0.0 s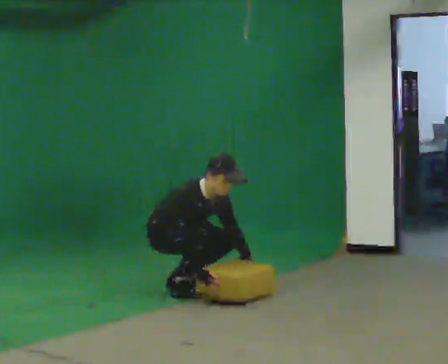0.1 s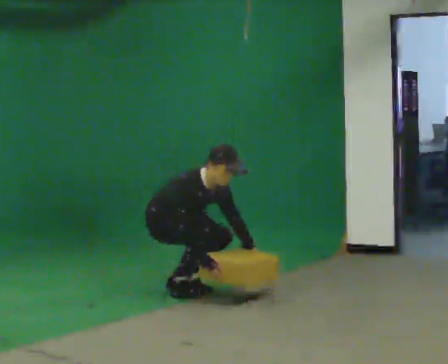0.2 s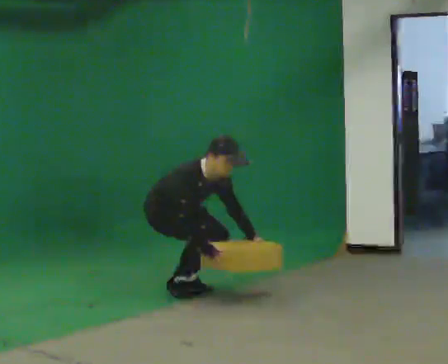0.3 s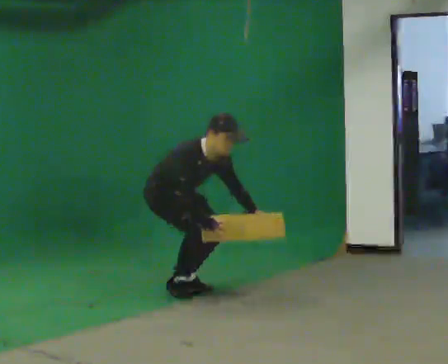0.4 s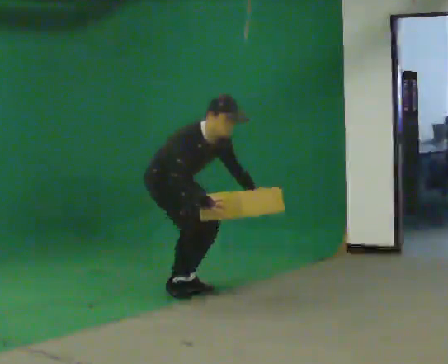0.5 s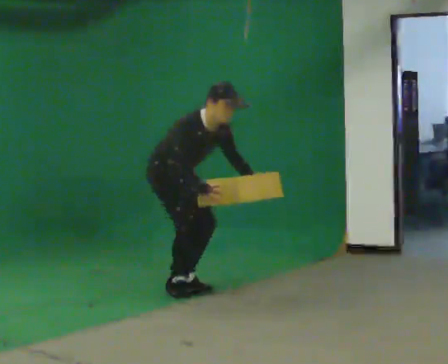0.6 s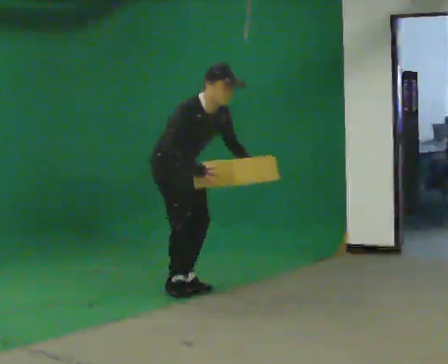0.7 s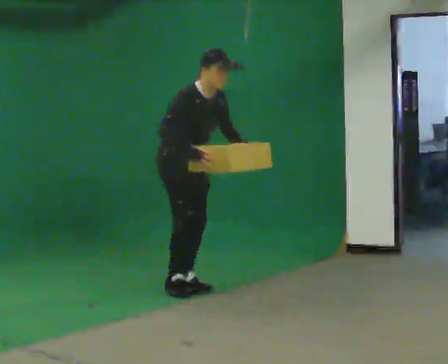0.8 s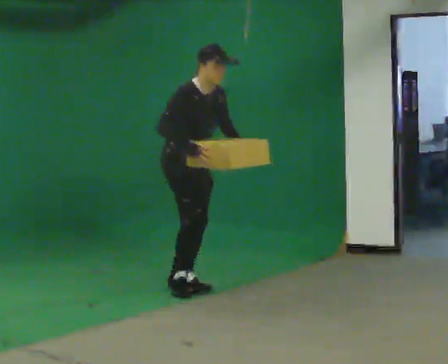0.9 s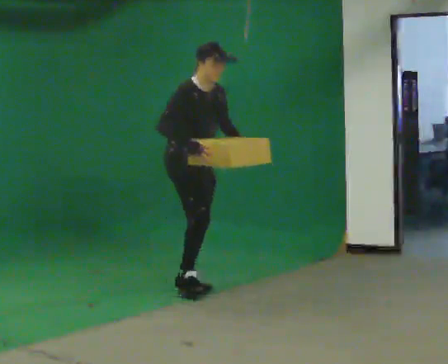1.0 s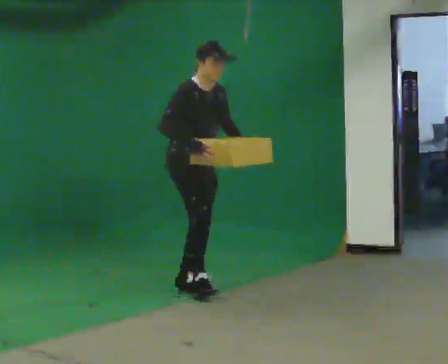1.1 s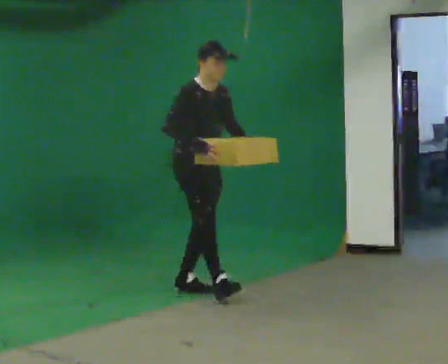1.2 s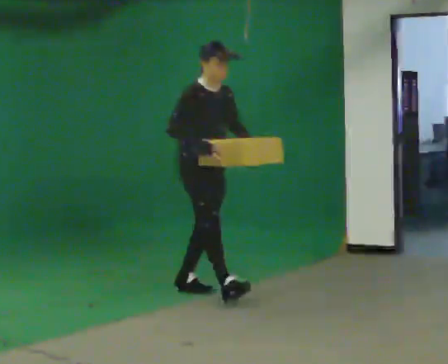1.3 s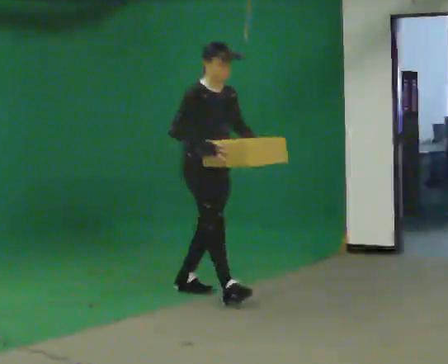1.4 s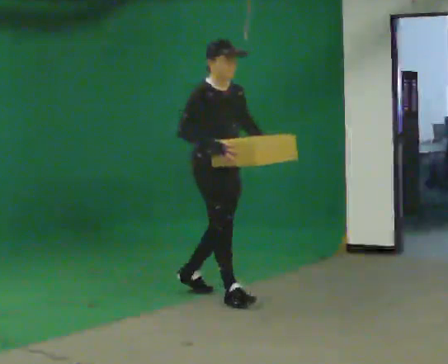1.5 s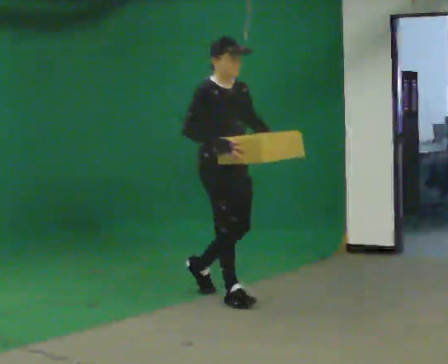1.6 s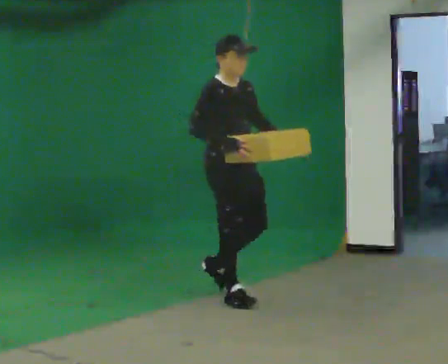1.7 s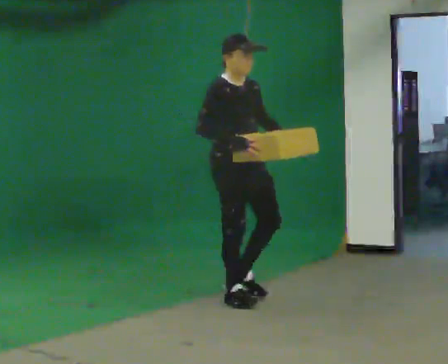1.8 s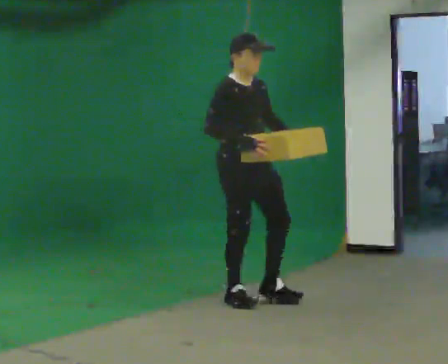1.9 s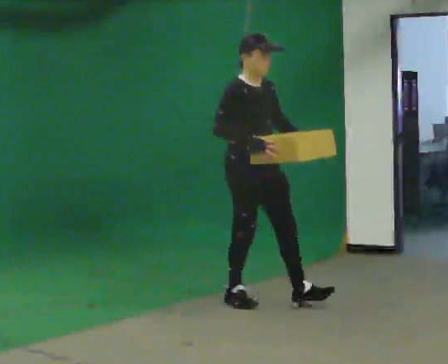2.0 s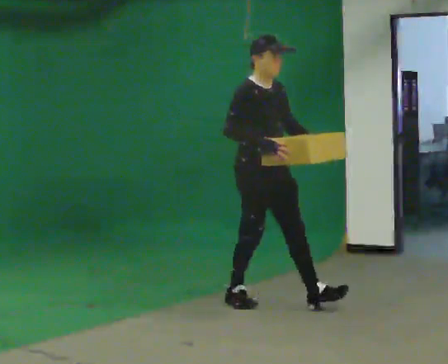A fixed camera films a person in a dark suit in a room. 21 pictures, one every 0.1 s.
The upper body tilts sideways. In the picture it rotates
counterclockwise.
Their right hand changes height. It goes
upward.
0.0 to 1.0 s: In the picture they go to the right, about 0.25 m, which for them is forward. The shoulders move upward. In the picture the upper body tilts counterclockwise, shoulders to the left, as they lean back or straighten. In the picture their right hand goes upward.
1.0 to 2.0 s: In the picture they go toward the camera and to the right, about 0.5 m in 1 step, which for them is forward.
The film runs forward here.
